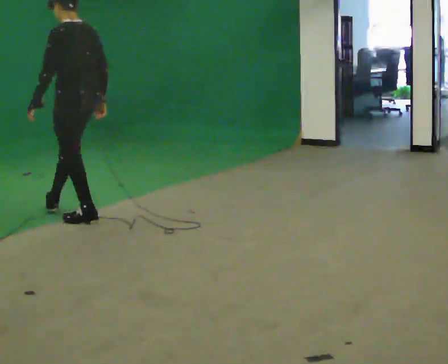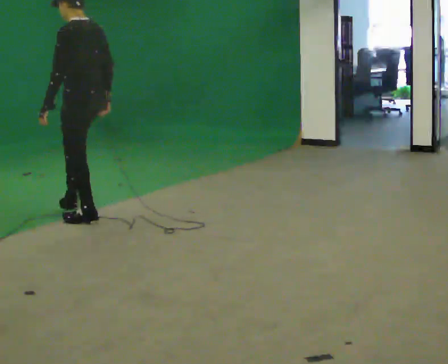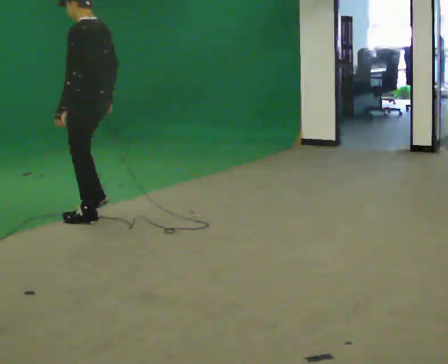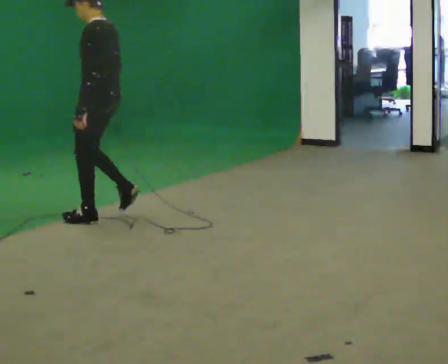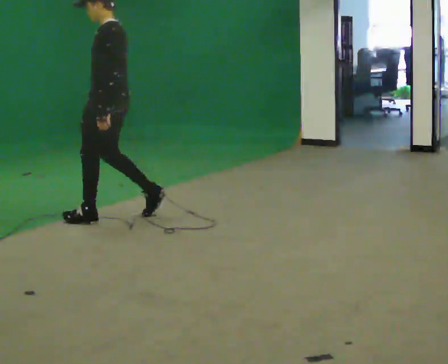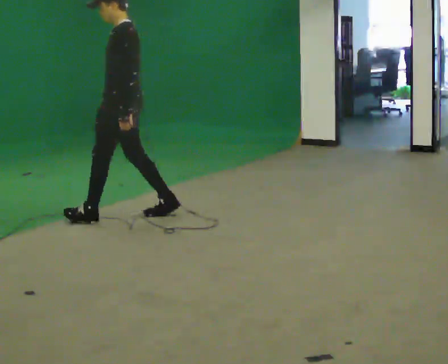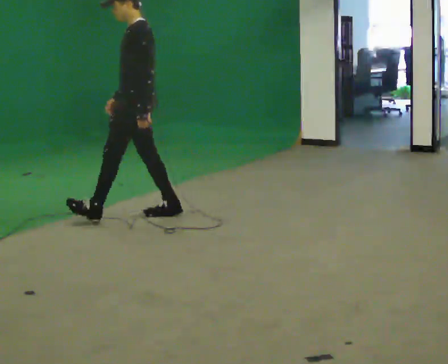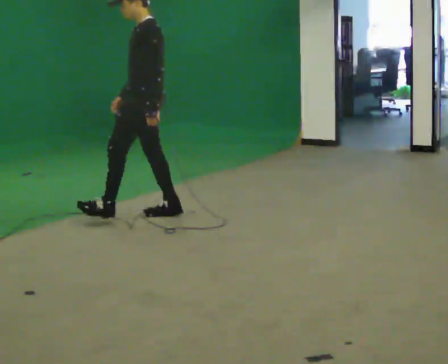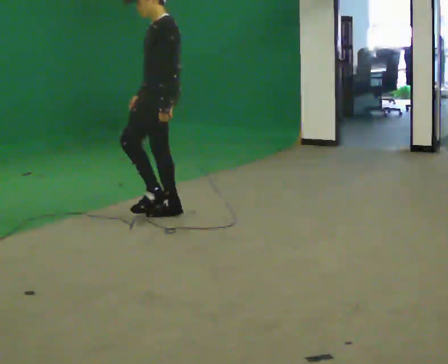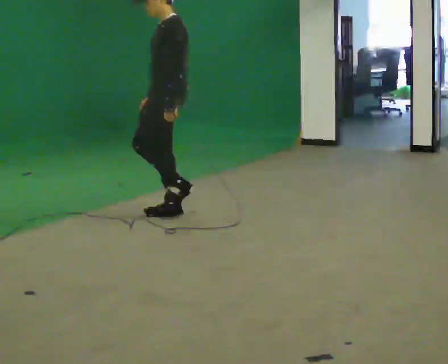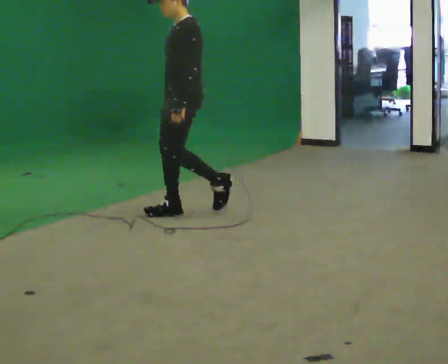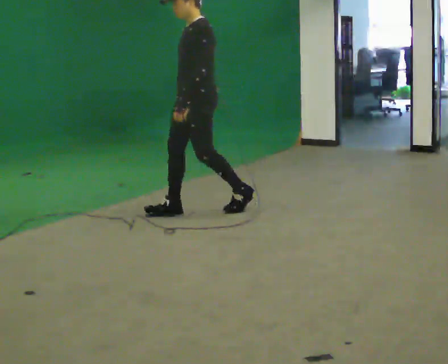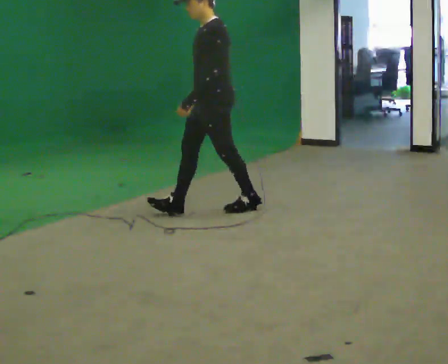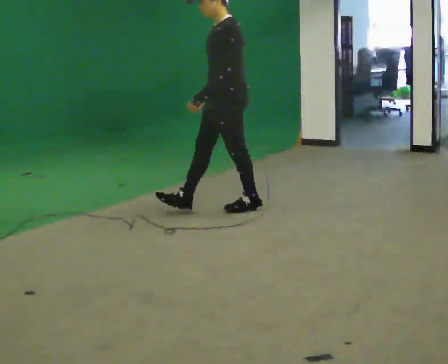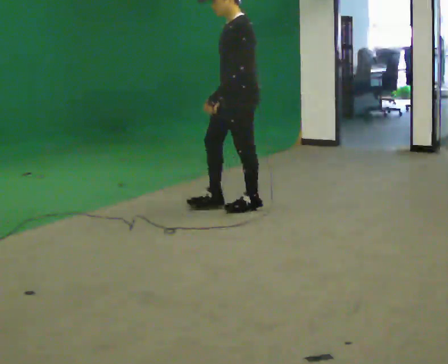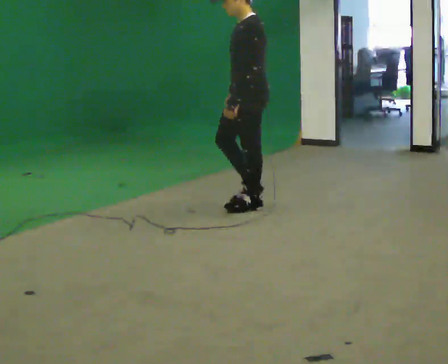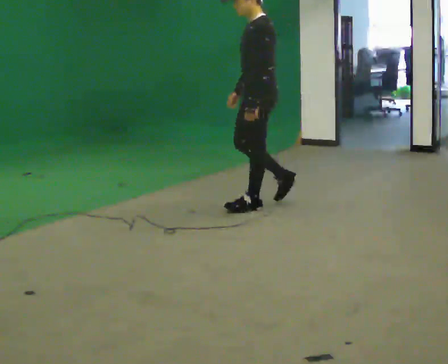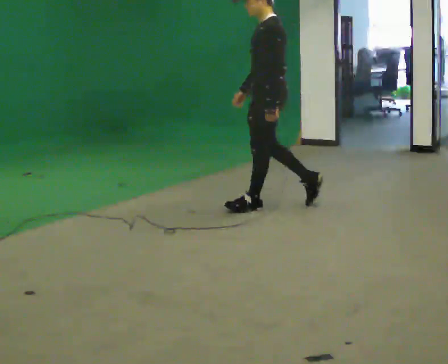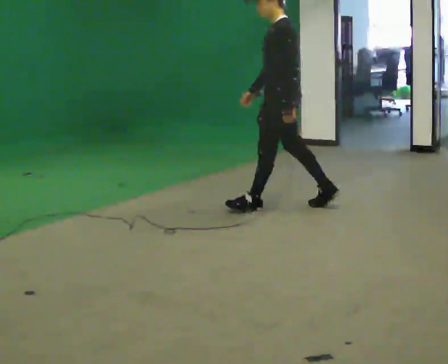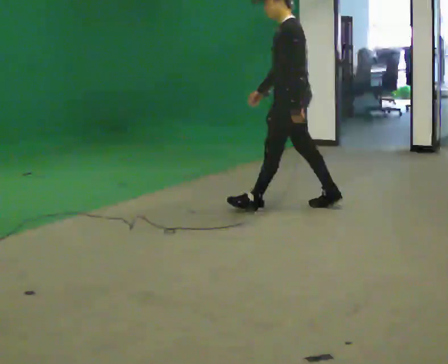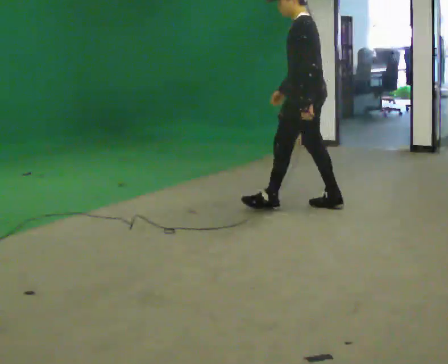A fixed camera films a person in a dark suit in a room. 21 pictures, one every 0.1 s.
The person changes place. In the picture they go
to the right.
0.0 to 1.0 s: Seen from above the body turns counterclockwise, about 45 degrees: to their left, with its near side sliding to the right. In the picture they go to the right, about 1 m in 1 step, which for them is backward.
1.0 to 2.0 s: Seen from above the body turns clockwise, about 30 degrees: to their right, with its near side sliding to the left. In the picture they go to the right, about 1 m in 2 steps, which for them is backward.
The film runs backward here.
